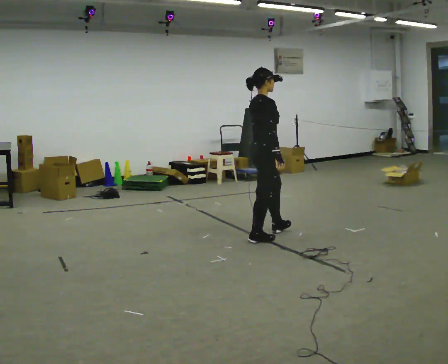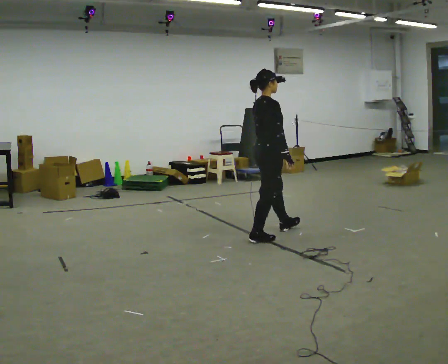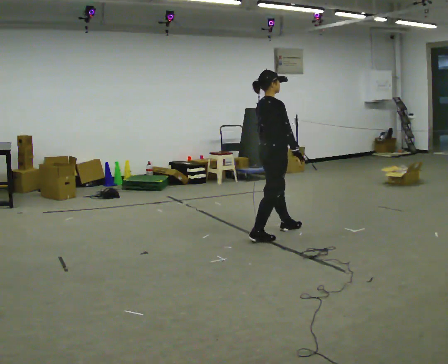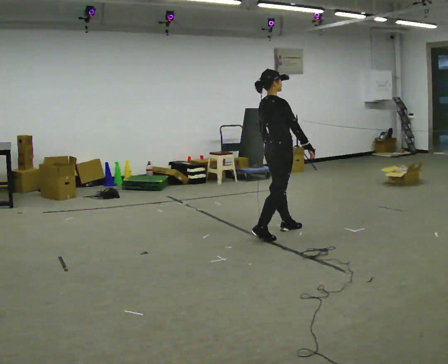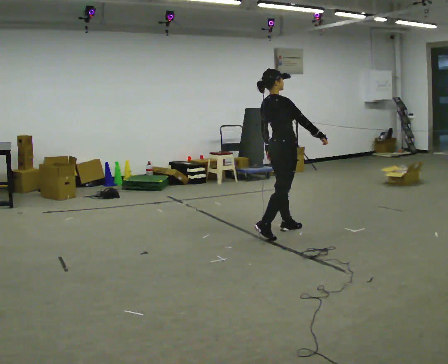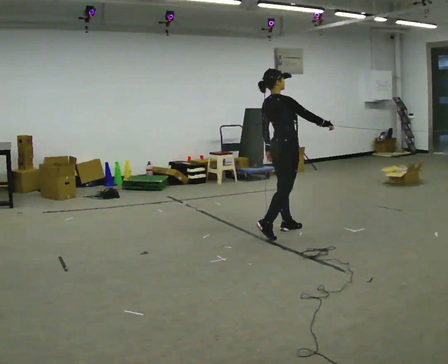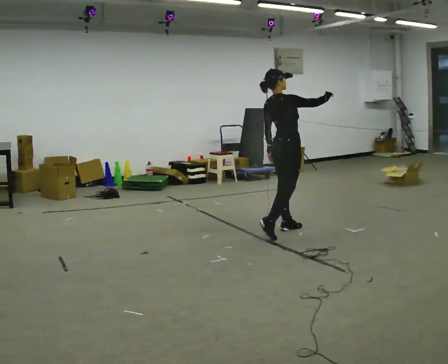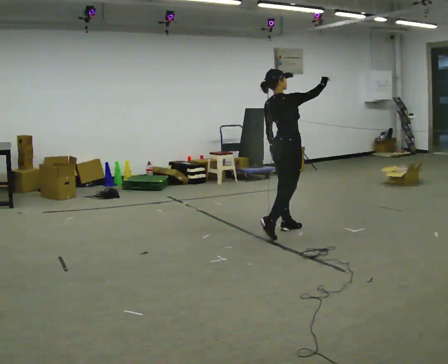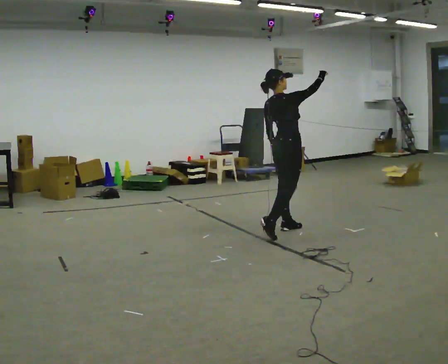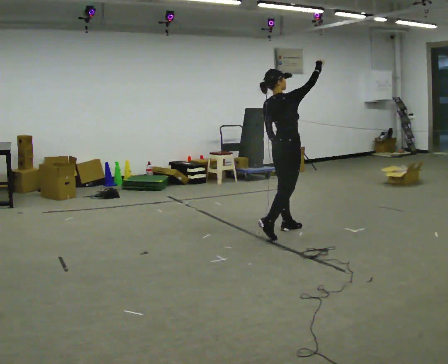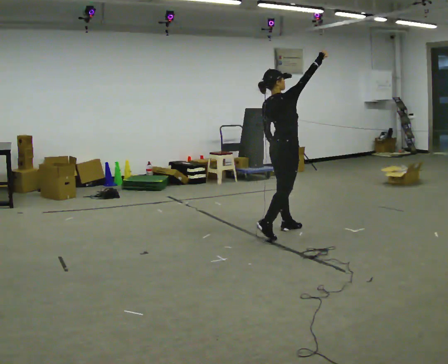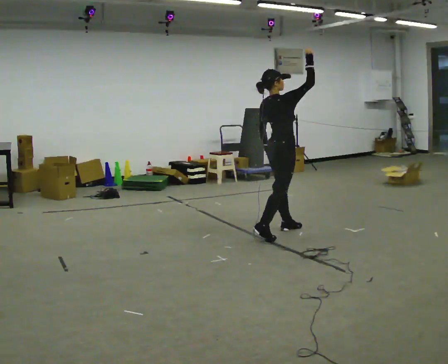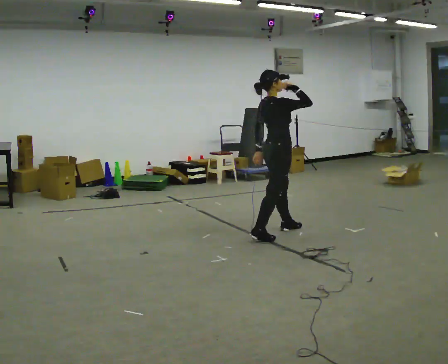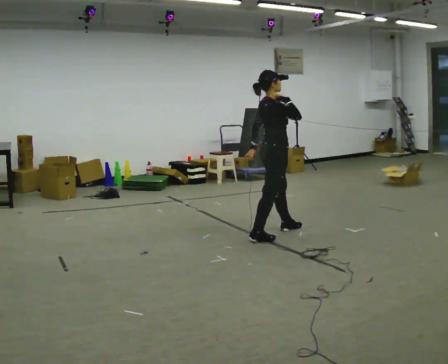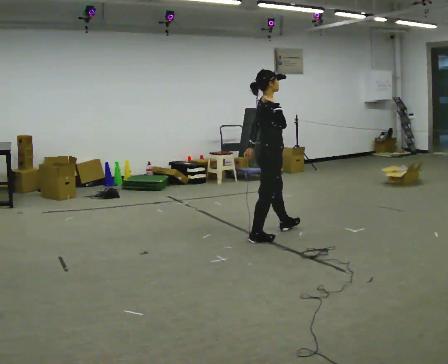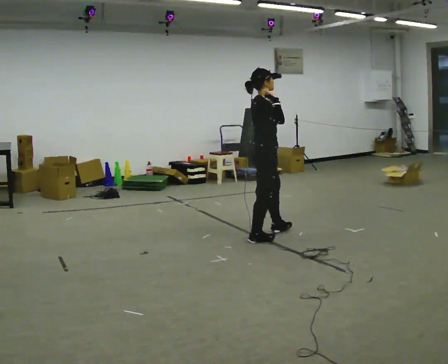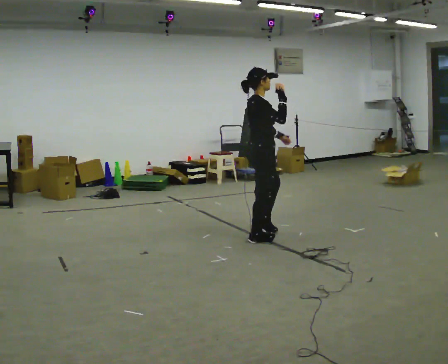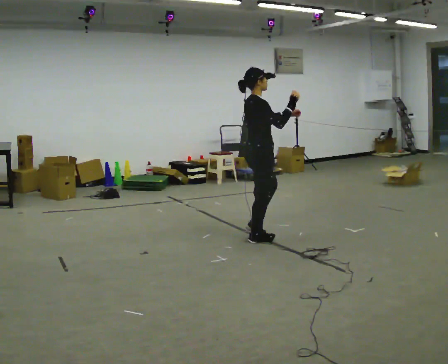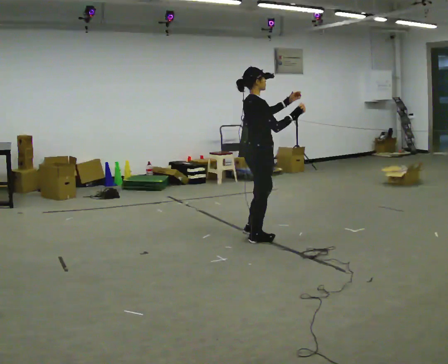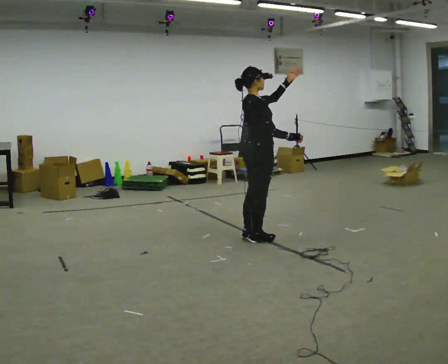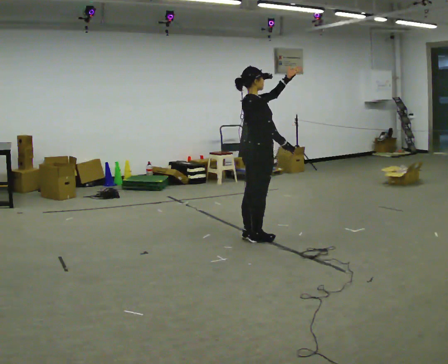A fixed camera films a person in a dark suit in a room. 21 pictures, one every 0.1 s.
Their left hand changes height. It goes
upward.
0.0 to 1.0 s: In the picture they go away from the camera and to the right, about 0.25 m, which for them is forward. In the picture their right hand goes upward, the arm swinging counterclockwise.
1.0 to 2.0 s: In the picture they go to the left and toward the camera, about 0.25 m in 1 step, which for them is backward and to their right. In the picture their right hand goes downward.
The film runs backward here.
